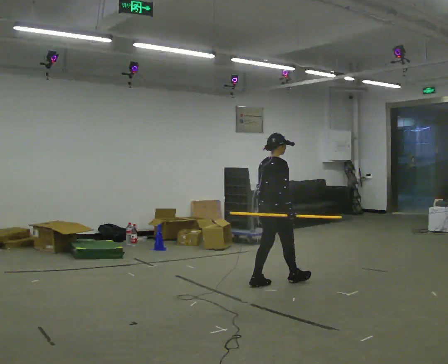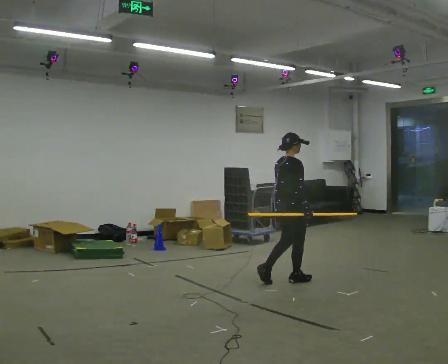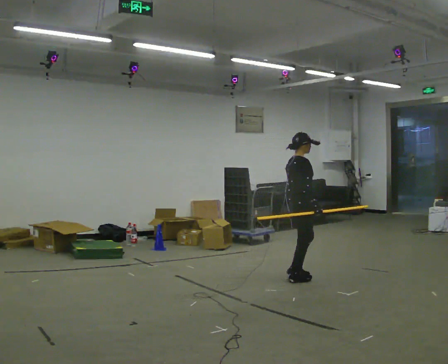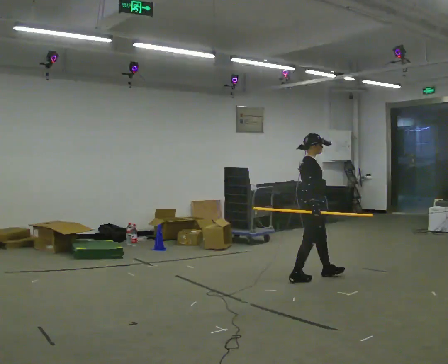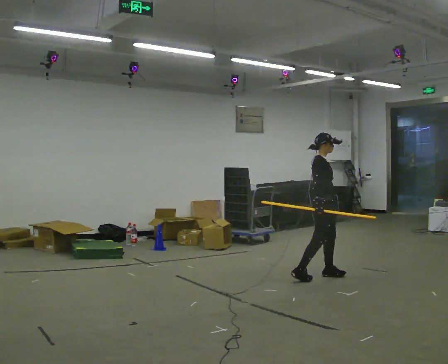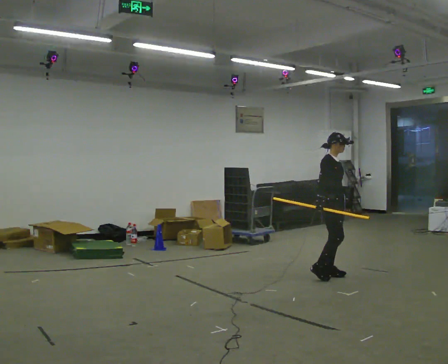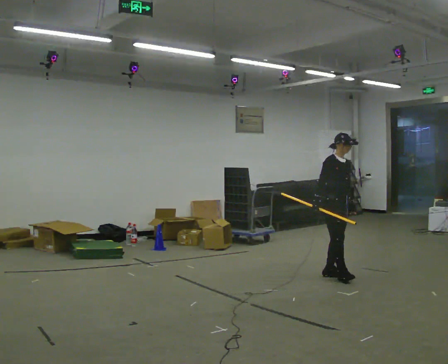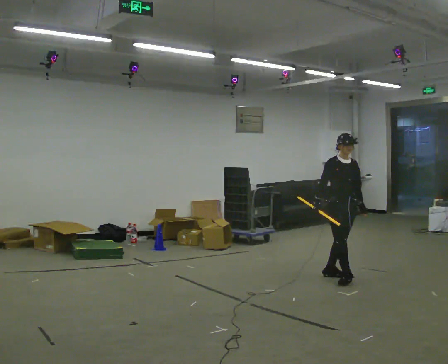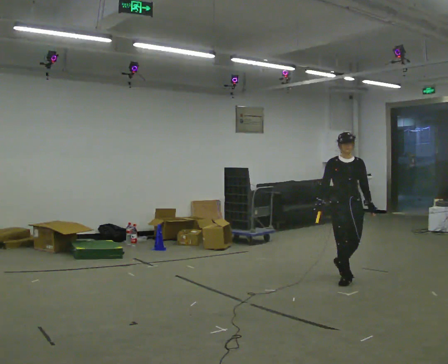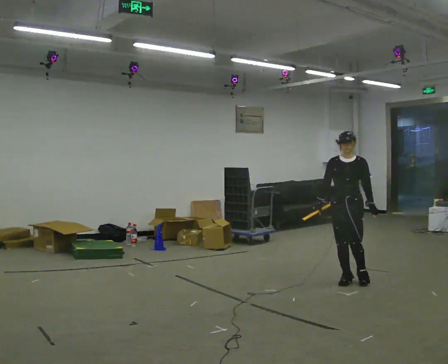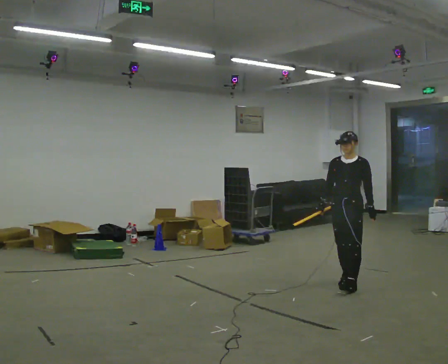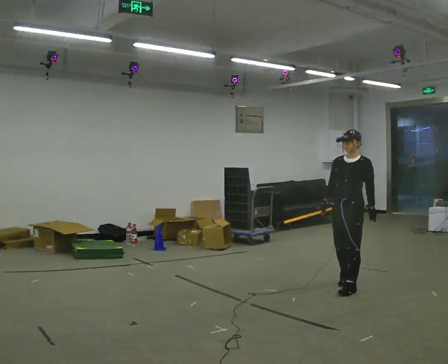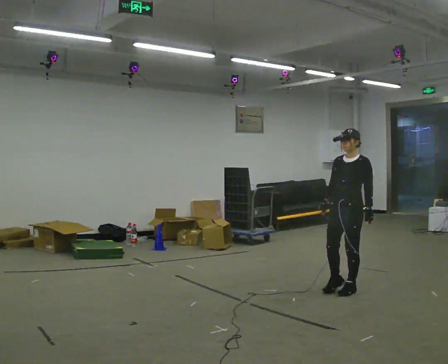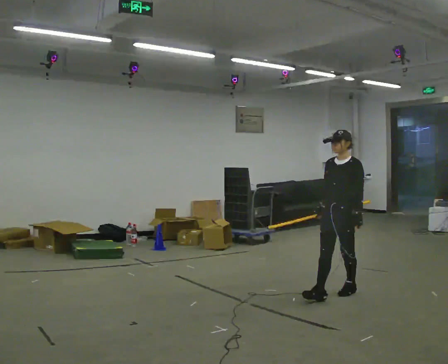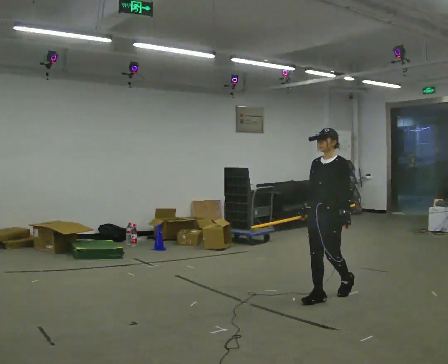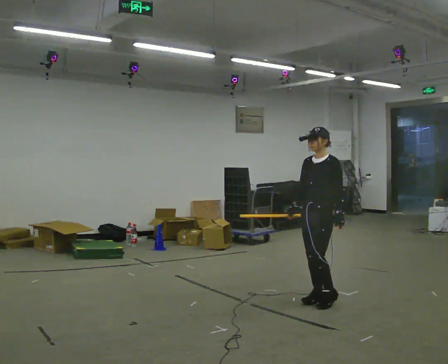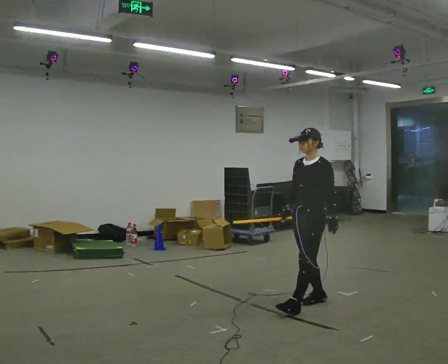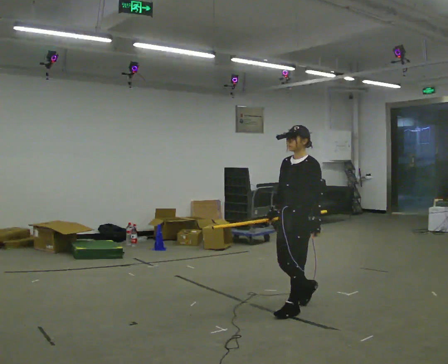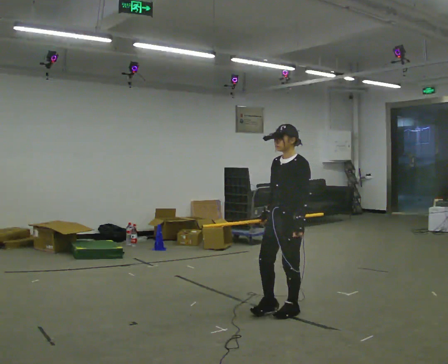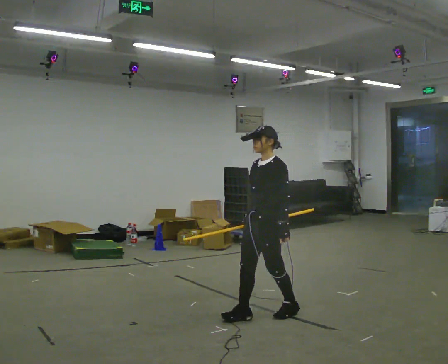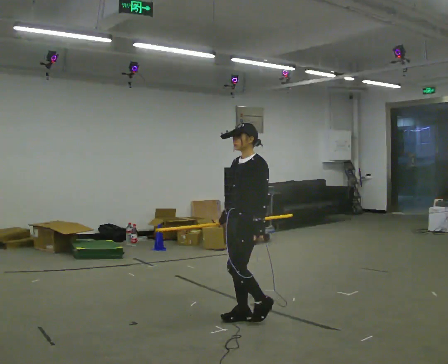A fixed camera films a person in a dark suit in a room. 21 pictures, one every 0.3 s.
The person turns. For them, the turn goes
to their right.
The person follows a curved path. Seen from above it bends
clockwise.
0.0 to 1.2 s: The part of the body nearest the lens slides to the left as the person turns to their right by about 45 degrees. In the picture they go to the right and away from the camera, about 0.5 m in 1 step, which for them is forward.
1.2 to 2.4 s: Seen from above the body turns clockwise, about 75 degrees: to their right, with its near side sliding to the left. In the picture they go to the right and toward the camera, about 0.25 m in 1 step.
2.4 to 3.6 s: Seen from above the body turns clockwise, about 45 degrees: to their right, with its near side sliding to the left. In the picture they go toward the camera, about 0.5 m in 1 step, which for them is forward and to their left.
3.6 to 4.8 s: In the picture they go toward the camera and to the left, about 0.5 m in 2 steps, which for them is forward.
4.8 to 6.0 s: In the picture they go toward the camera and to the left, about 0.75 m in 1 step, which for them is forward.
The film runs forward here.
